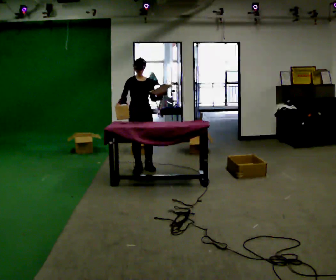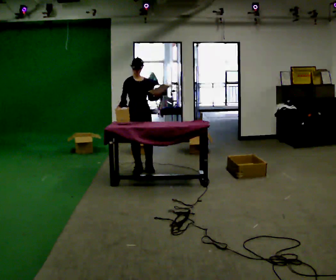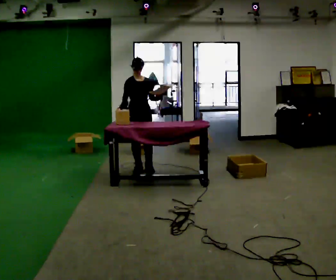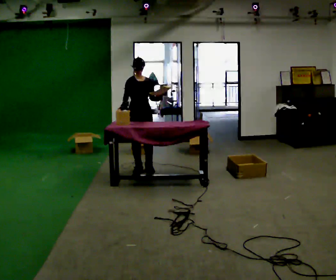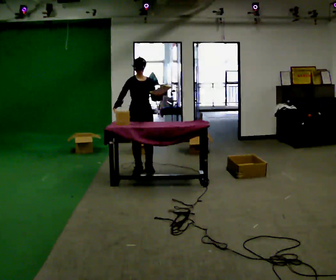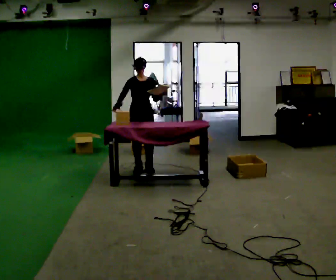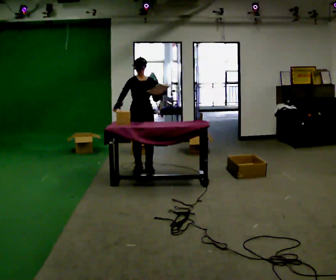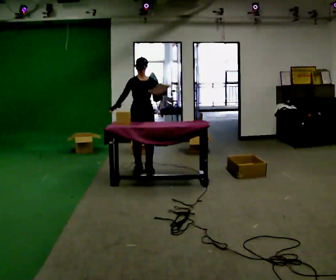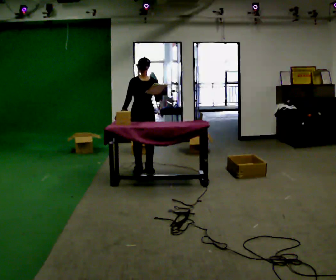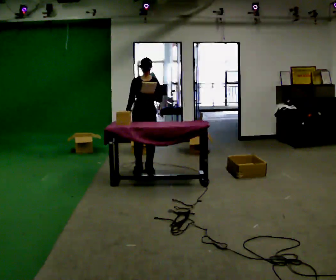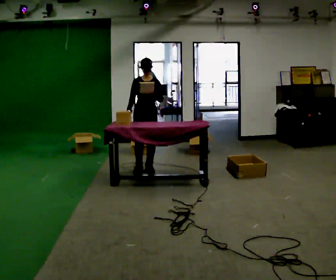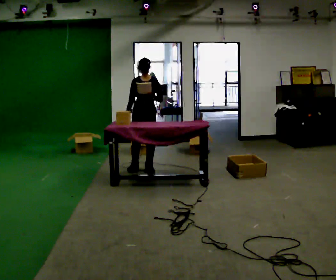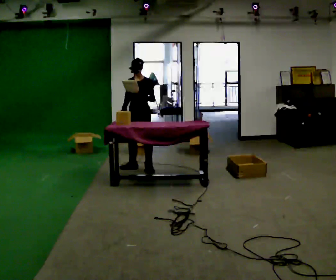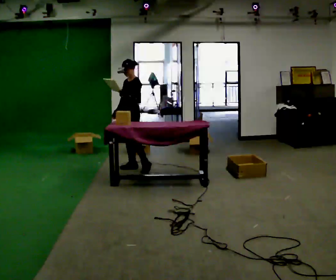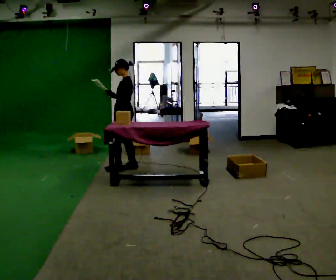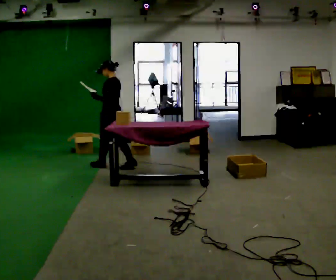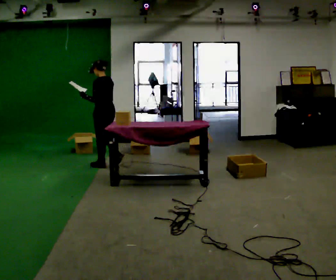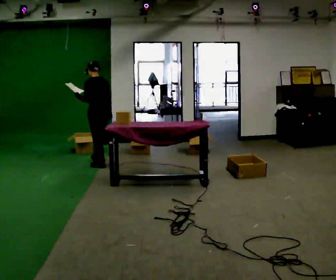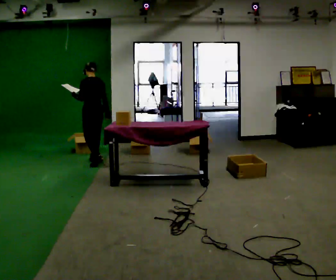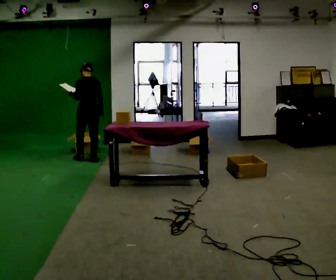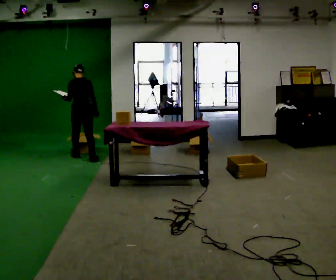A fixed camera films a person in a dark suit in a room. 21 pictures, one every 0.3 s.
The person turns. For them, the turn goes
to their right.
The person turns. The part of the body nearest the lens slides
to the left.
0.0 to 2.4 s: The person moves a little, or ends about where they began.
2.4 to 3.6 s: The person turns about 30 degrees to their right, clockwise seen from above, so the part of the body nearest the lens slides to the left.
3.6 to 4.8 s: Seen from above the body turns clockwise, about 90 degrees: to their right, with its near side sliding to the left. In the picture they go to the left, about 0.5 m in 1 step.
4.8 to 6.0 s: The person turns about 30 degrees to their right, clockwise seen from above, so the part of the body nearest the lens slides to the left. In the picture they go away from the camera and to the left, about 0.5 m in 2 steps, which for them is forward.
The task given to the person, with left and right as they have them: 1. Read the parts list. 2. Collect each part from the bins around the room. 3. Lay them out on the table in the order on the list. 4. Put them all in the carry case. 5. Tell the operator when you are finished.
The film runs forward here.
